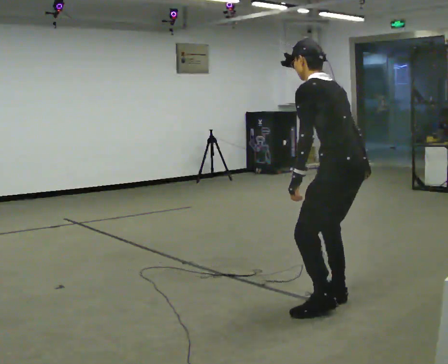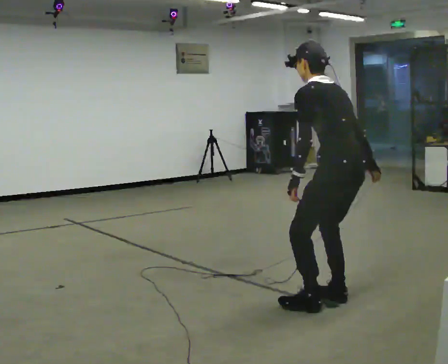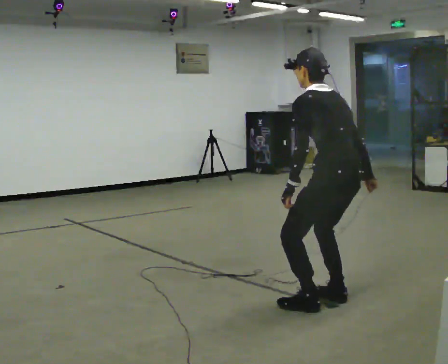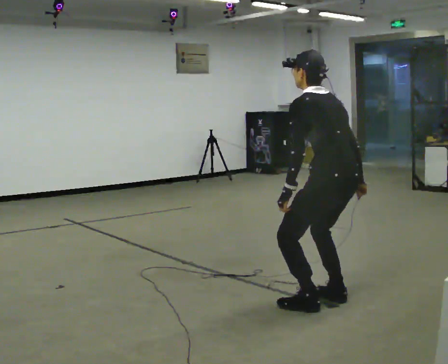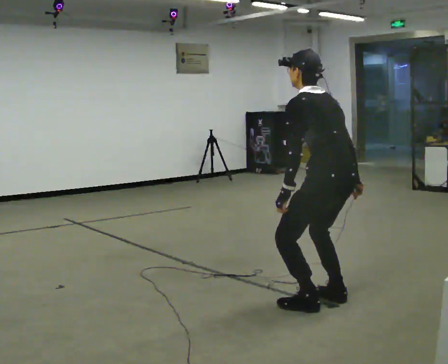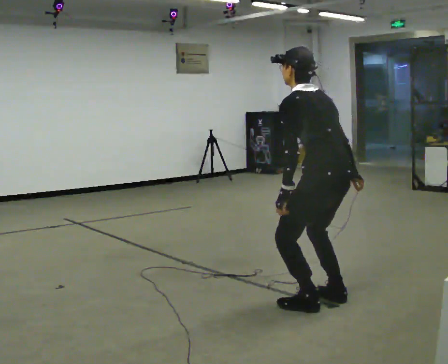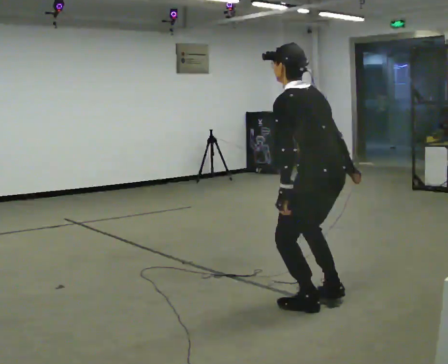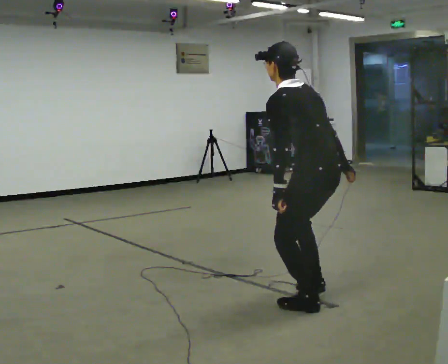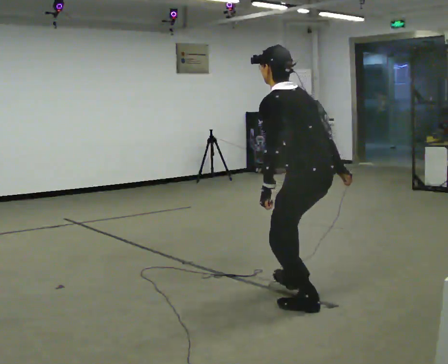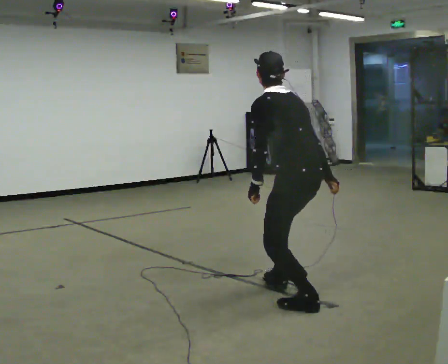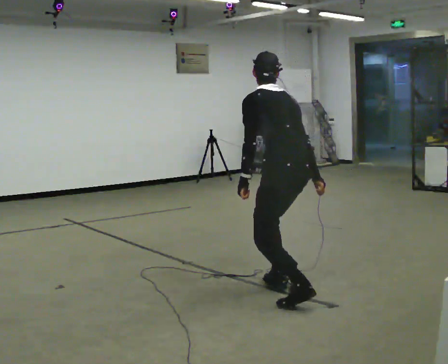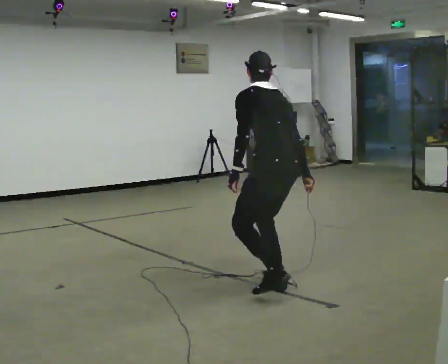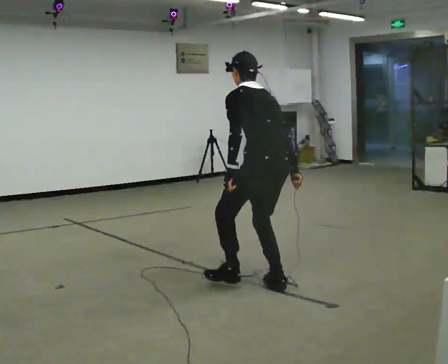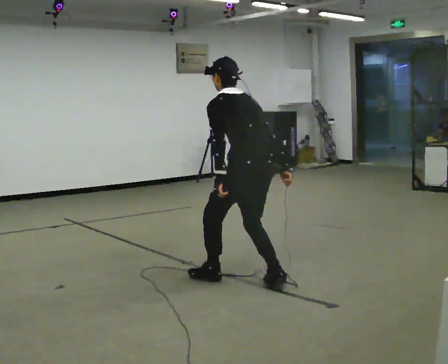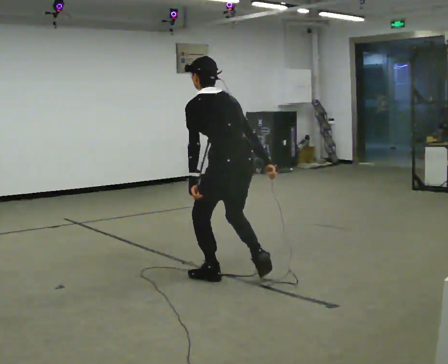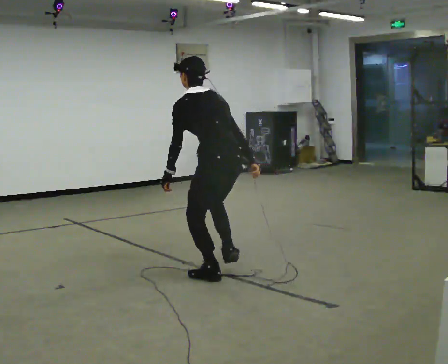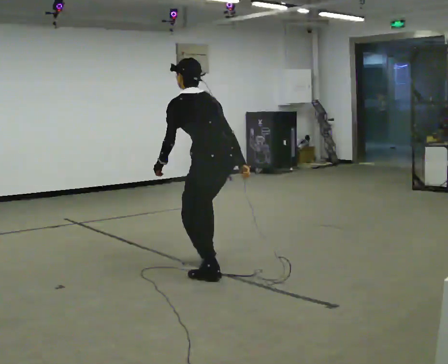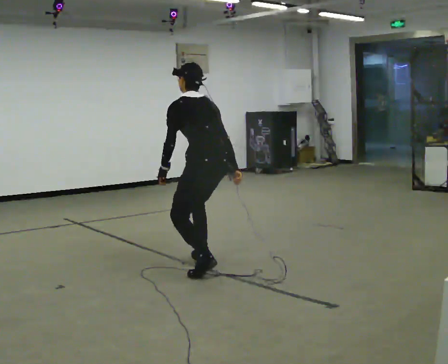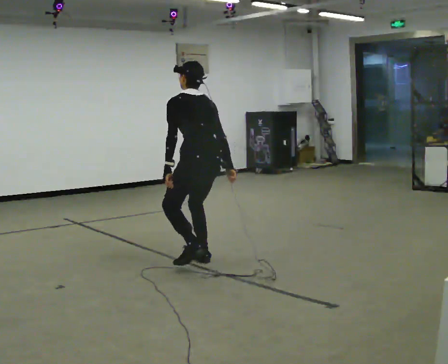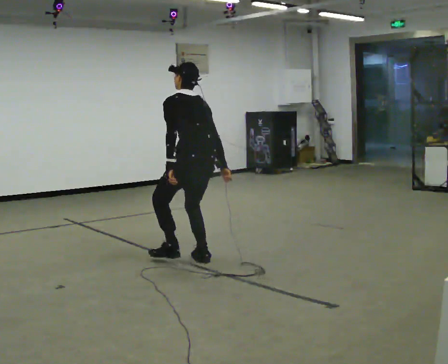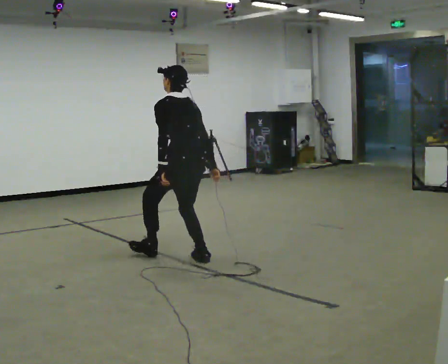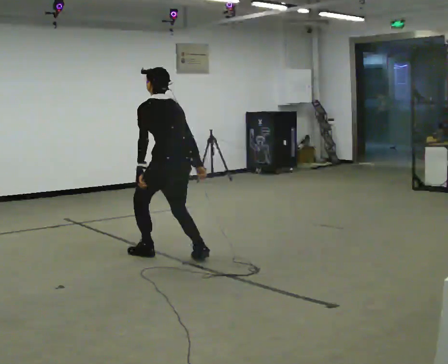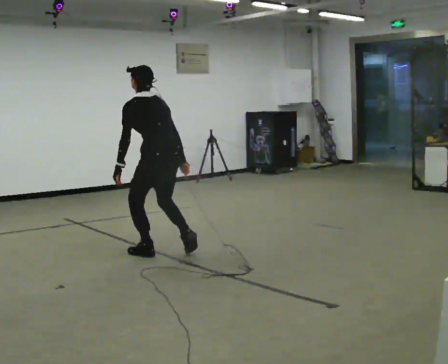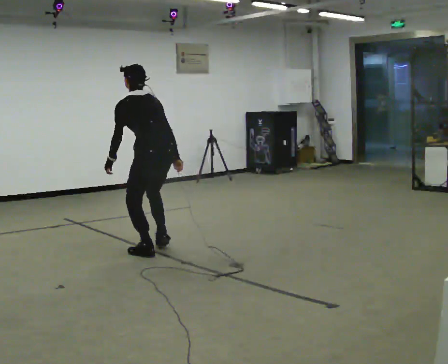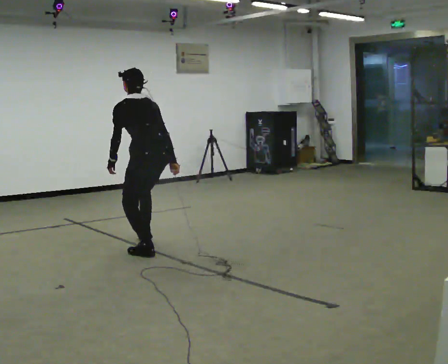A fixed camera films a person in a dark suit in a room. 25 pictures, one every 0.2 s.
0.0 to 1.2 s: The person moves a little, or ends about where they began.
1.2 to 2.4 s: In the picture they go away from the camera and to the left, about 0.5 m in 1 step, which for them is forward.
2.4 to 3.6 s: In the picture they go away from the camera and to the left, about 1 m in 2 steps, which for them is forward.
3.6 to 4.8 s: In the picture they go to the left and away from the camera, about 0.75 m in 1 step, which for them is forward.
The film runs forward here.
